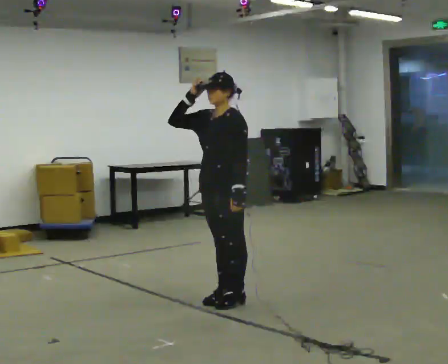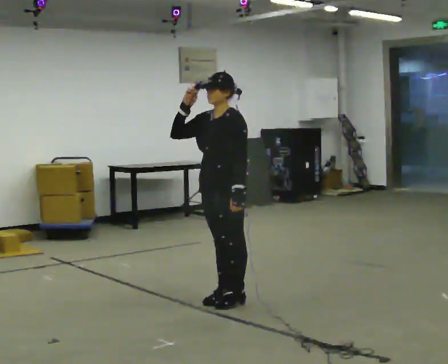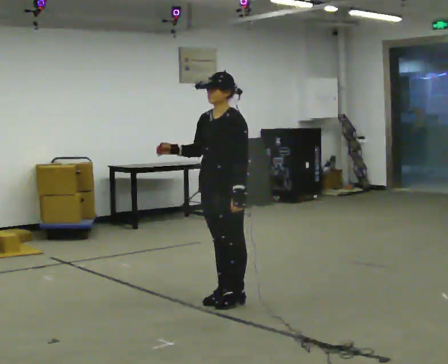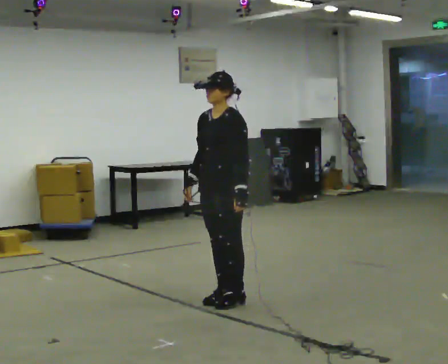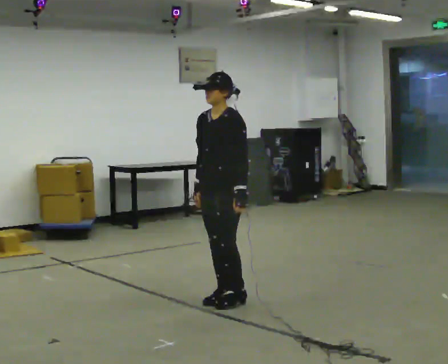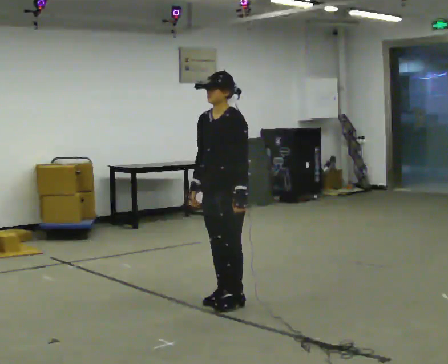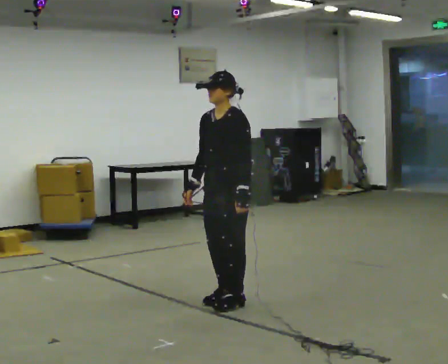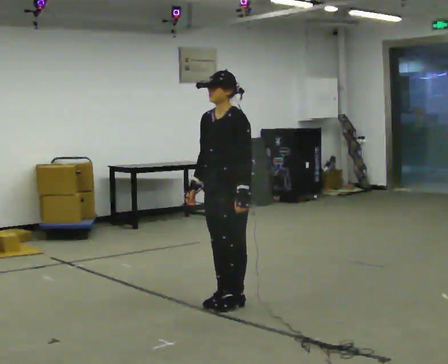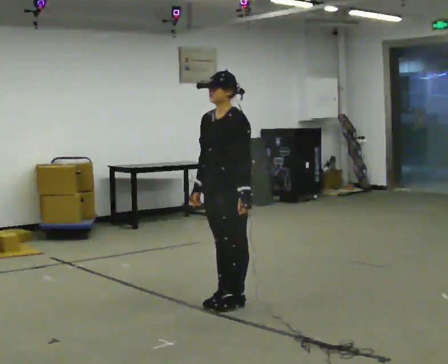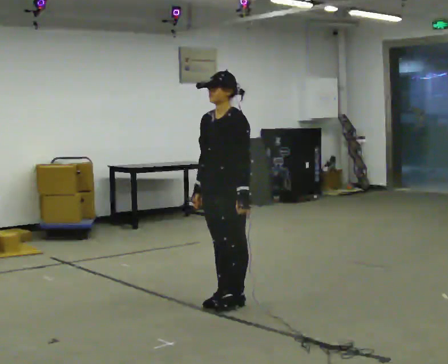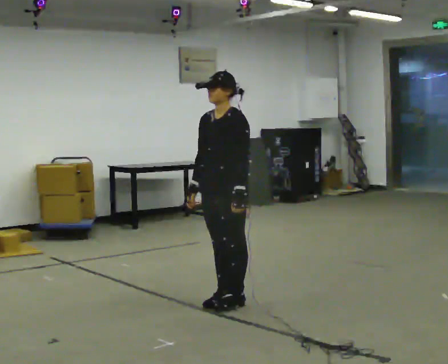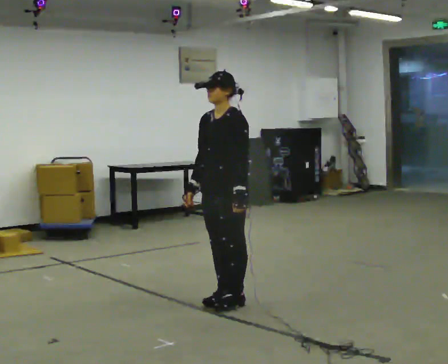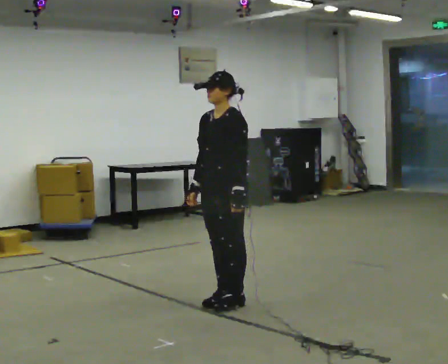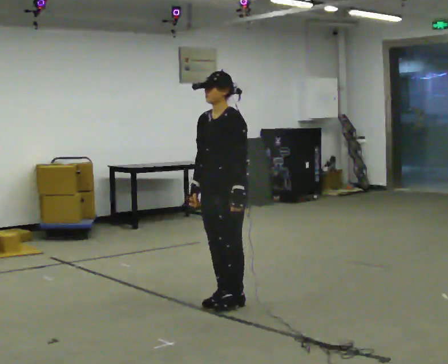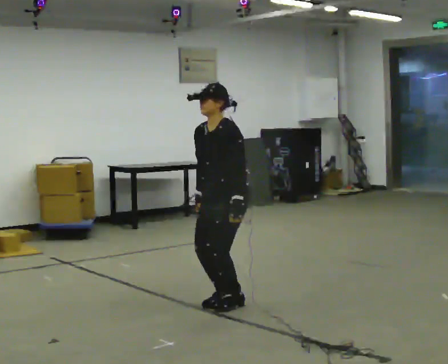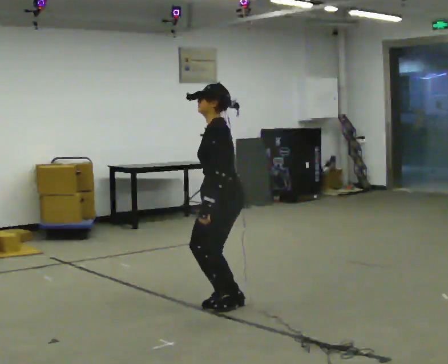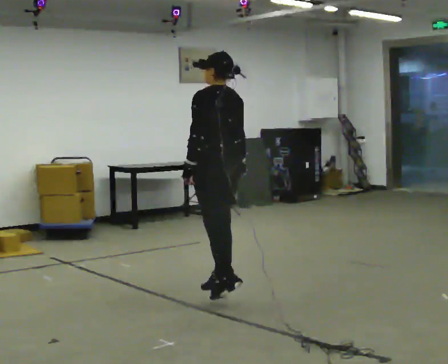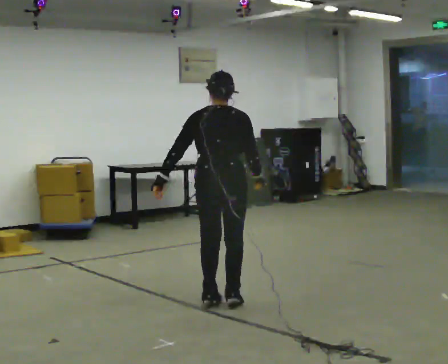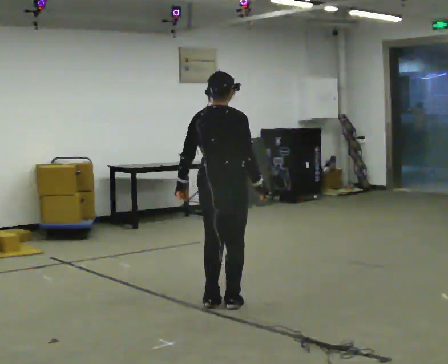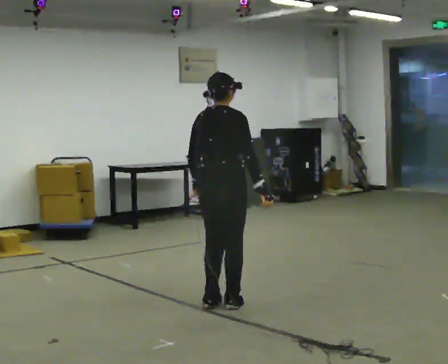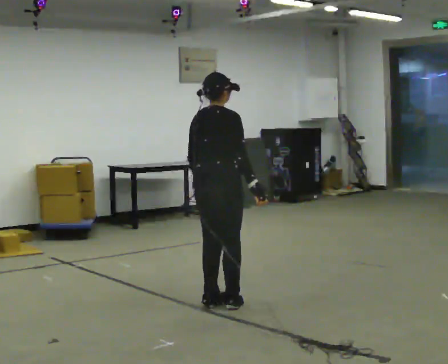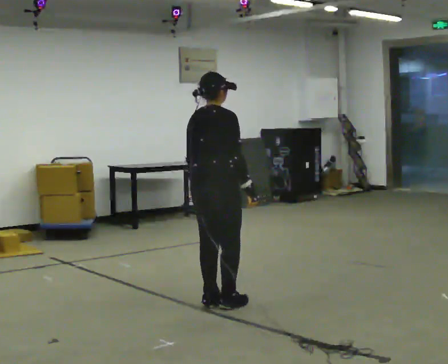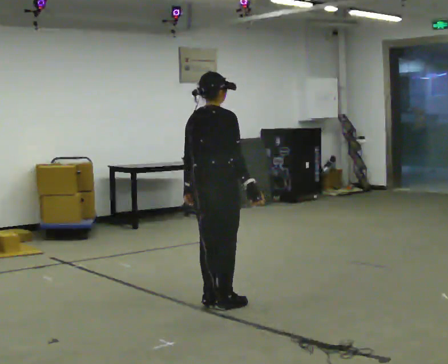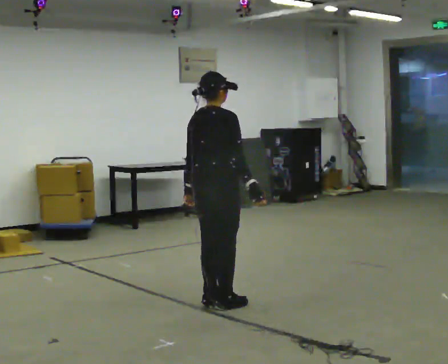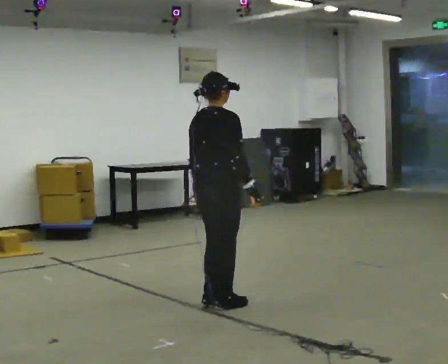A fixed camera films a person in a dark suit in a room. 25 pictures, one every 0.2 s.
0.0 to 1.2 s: In the picture their right hand goes downward.
1.2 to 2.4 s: The person moves a little, or ends about where they began.
2.4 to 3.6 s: The person turns about 150 degrees to their right, clockwise seen from above, so the part of the body nearest the lens slides to the left. In the picture their right hand goes to the right, the arm swinging counterclockwise.
3.6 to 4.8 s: The person moves a little, or ends about where they began.
The film runs forward here.
